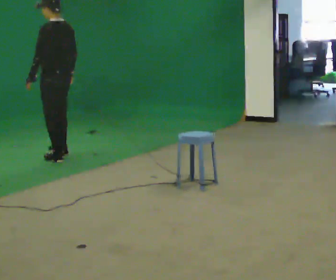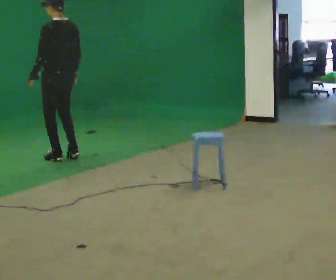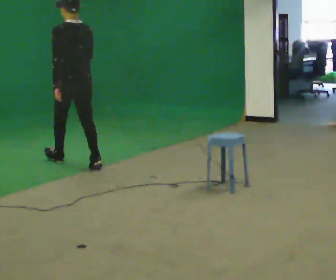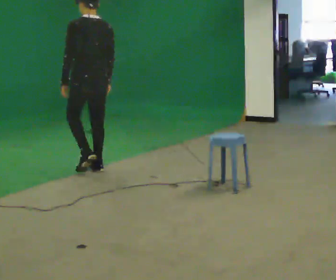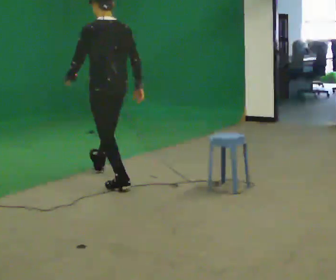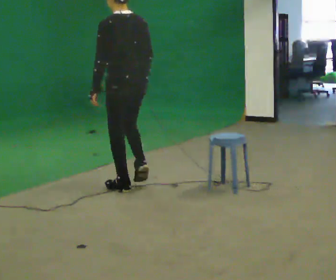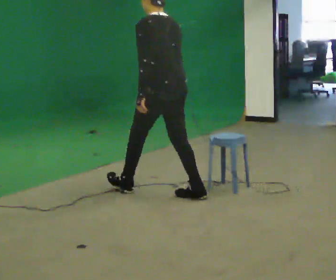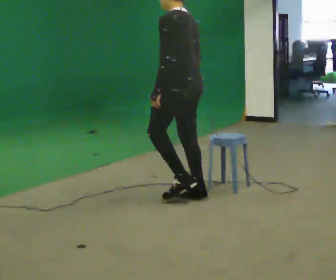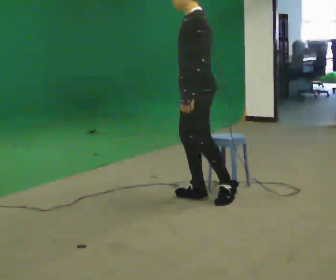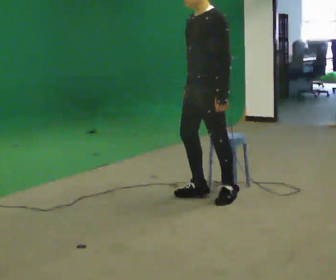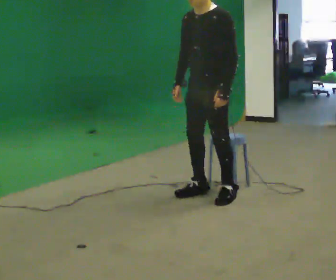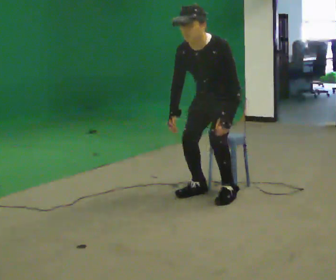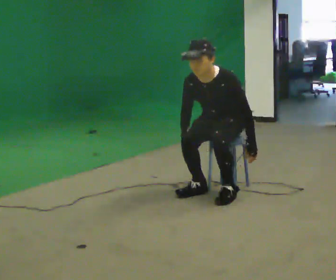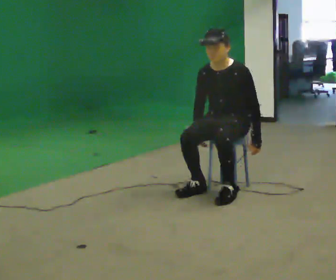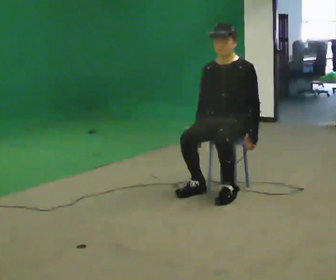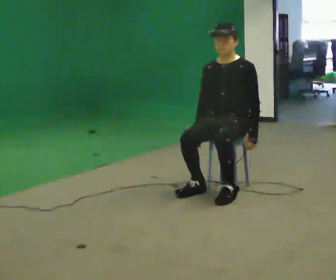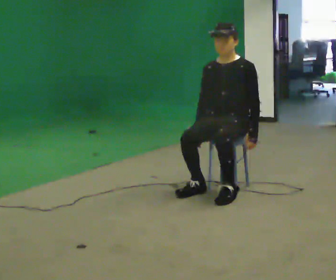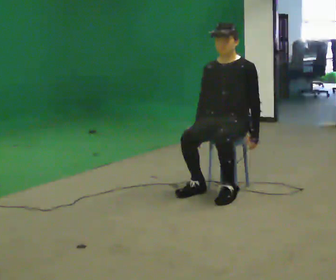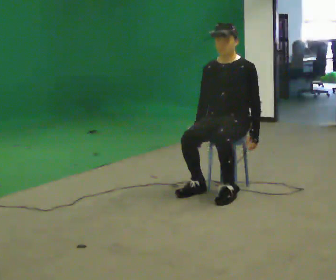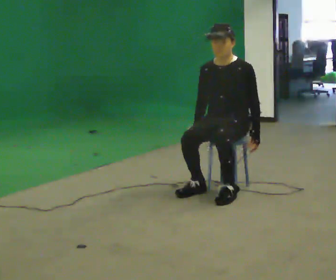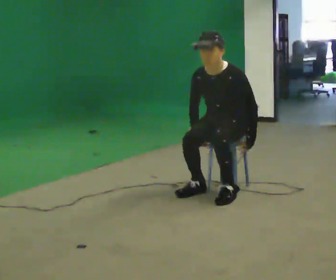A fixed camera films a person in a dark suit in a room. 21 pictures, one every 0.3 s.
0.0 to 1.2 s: In the picture they go toward the camera and to the right, about 1 m in 3 steps, which for them is backward.
1.2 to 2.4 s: Seen from above the body turns counterclockwise, about 45 degrees: to their left, with its near side sliding to the right. In the picture they go to the right and toward the camera, about 1 m in 1 step, which for them is backward.
2.4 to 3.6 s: The person turns about 60 degrees to their left, counterclockwise seen from above, so the part of the body nearest the lens slides to the right. In the picture they go away from the camera and to the right, about 0.25 m. The shoulders move downward. The upper body tips toward the camera, its near side rolling downward, as they bend forward. In the picture their left hand goes downward.
3.6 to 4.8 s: The upper body tips away from the camera, its near side rolling upward, as they lean back or straighten.
4.8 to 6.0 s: The upper body tips toward the camera, its near side rolling downward, as they bend forward.
The film runs backward here.
